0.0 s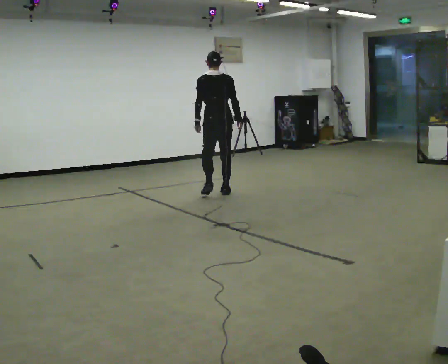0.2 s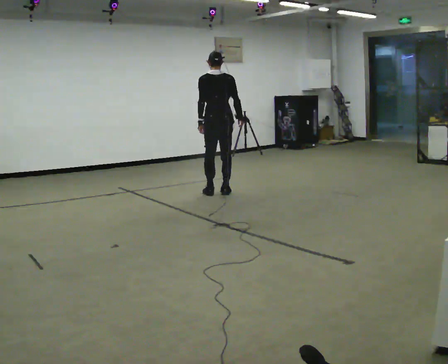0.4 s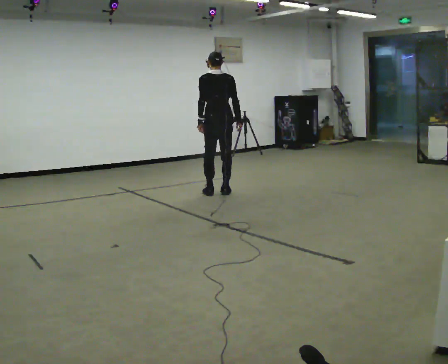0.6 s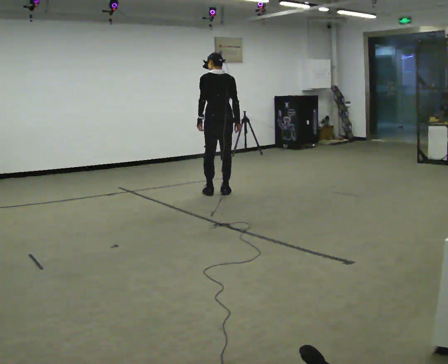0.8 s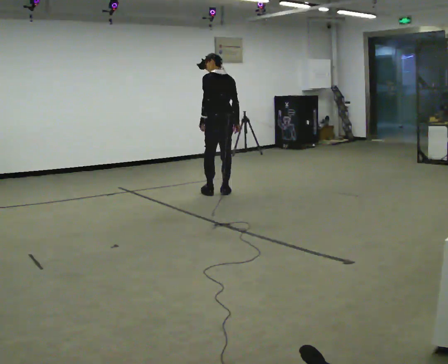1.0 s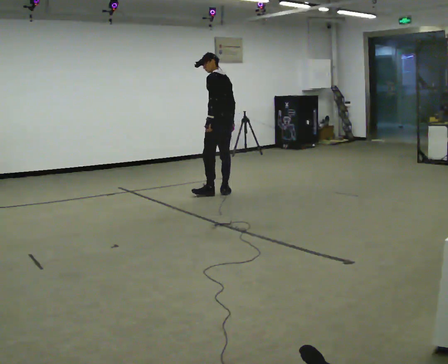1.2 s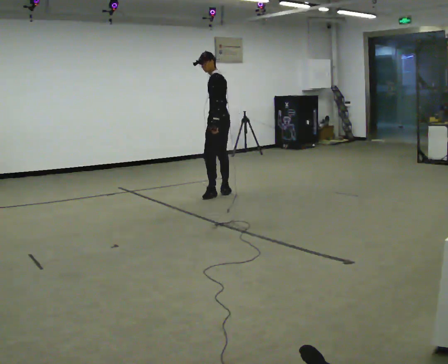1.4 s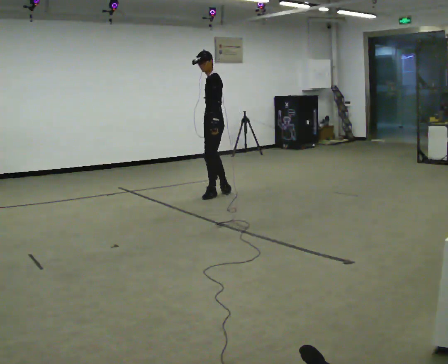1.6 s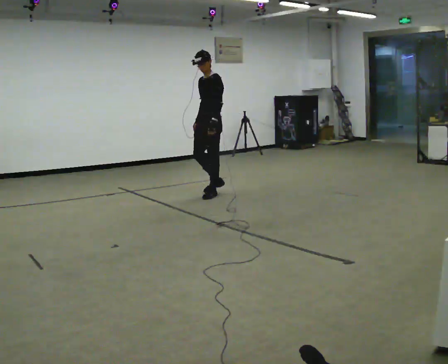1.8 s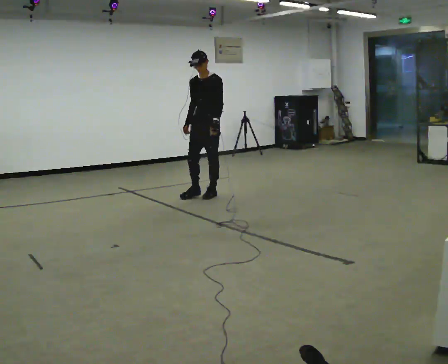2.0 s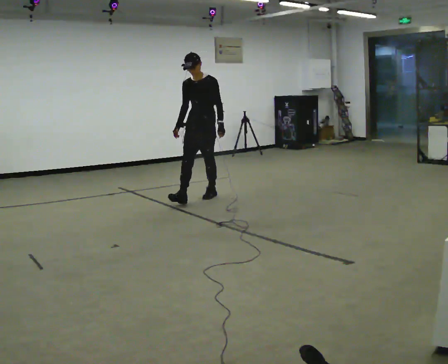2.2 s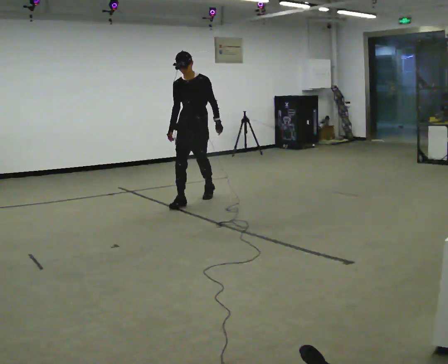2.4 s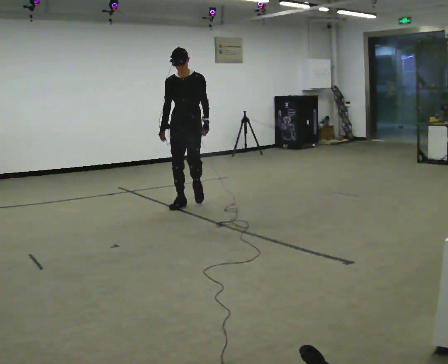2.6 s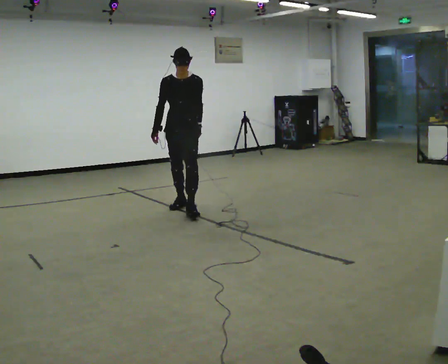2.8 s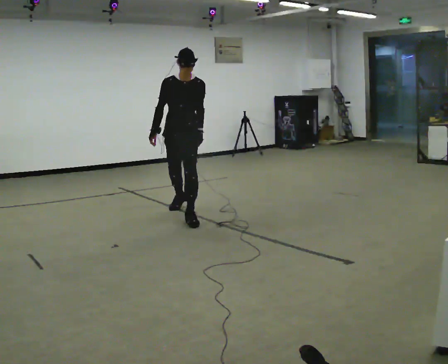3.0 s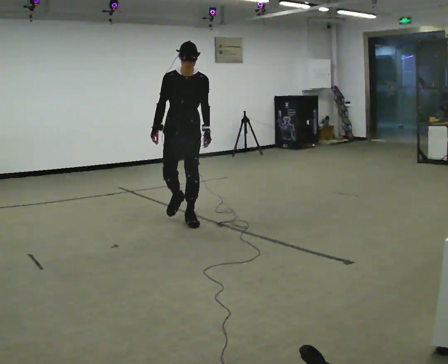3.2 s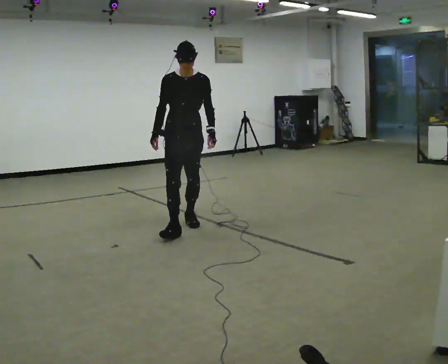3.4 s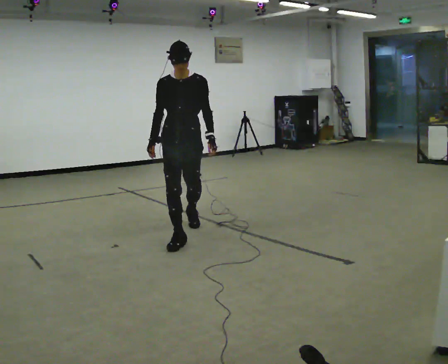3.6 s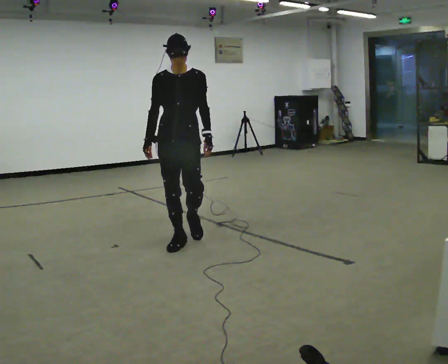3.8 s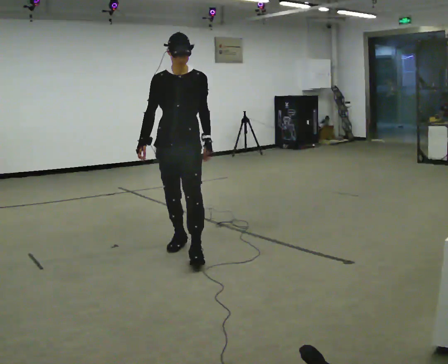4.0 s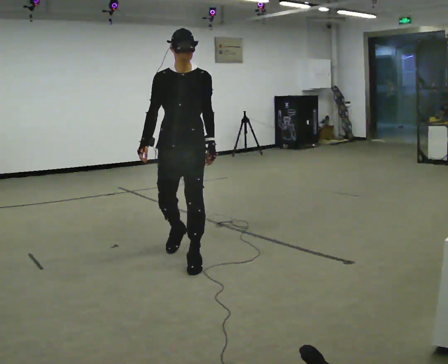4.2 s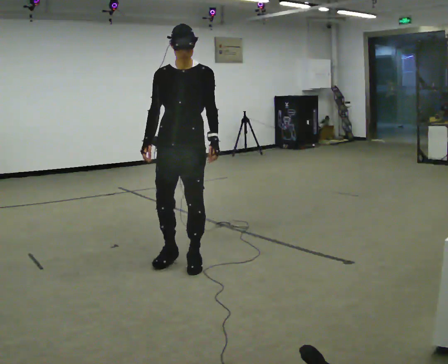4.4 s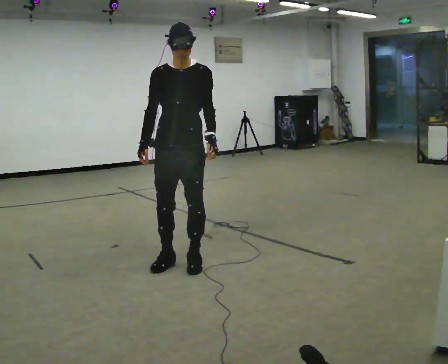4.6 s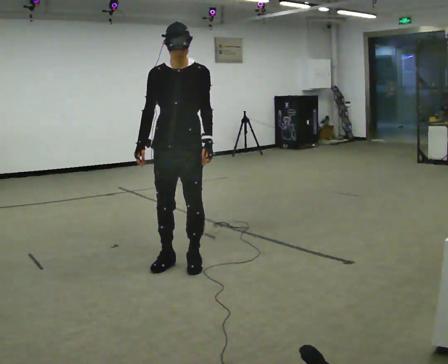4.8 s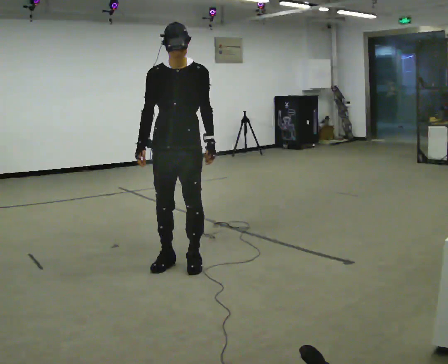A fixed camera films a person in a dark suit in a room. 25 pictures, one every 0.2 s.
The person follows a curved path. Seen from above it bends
counterclockwise.
The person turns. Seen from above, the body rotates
counterclockwise.
0.0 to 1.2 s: The person turns about 75 degrees to their left, counterclockwise seen from above, so the part of the body nearest the lens slides to the right.
1.2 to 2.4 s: The person turns about 105 degrees to their left, counterclockwise seen from above, so the part of the body nearest the lens slides to the right. In the picture they go toward the camera and to the left, about 0.5 m in 1 step.
2.4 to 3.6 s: In the picture they go toward the camera, about 1.5 m in 2 steps, which for them is forward.
3.6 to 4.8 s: In the picture they go toward the camera, about 0.5 m in 2 steps, which for them is forward.
The film runs forward here.
